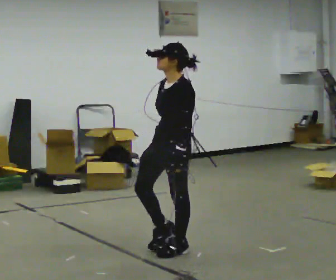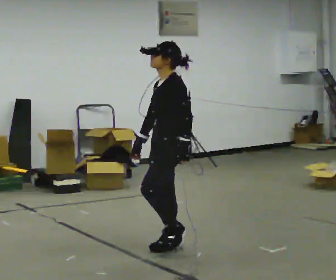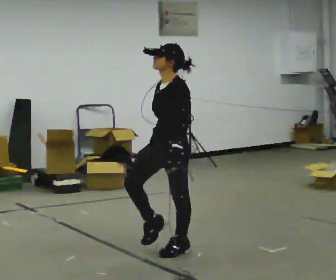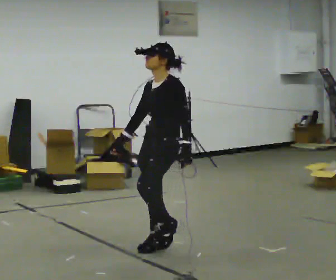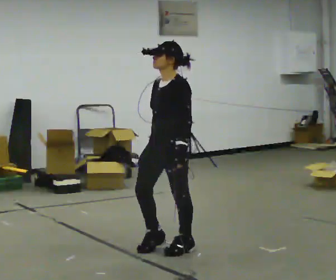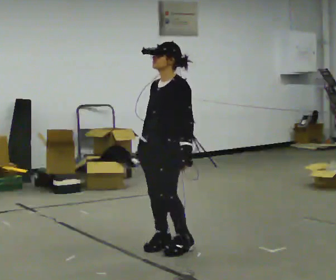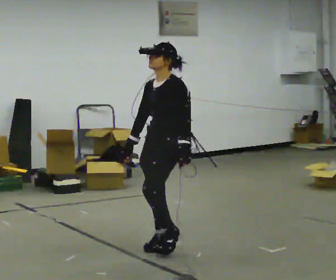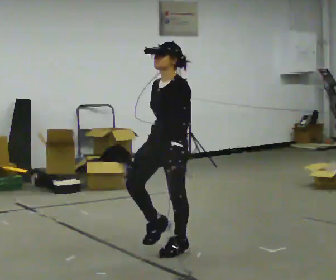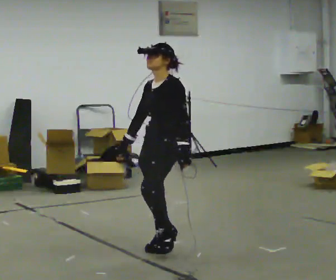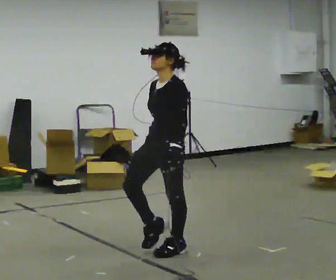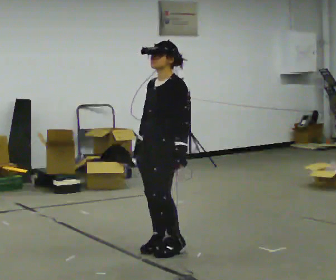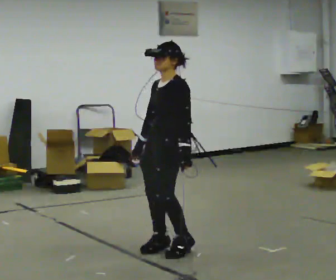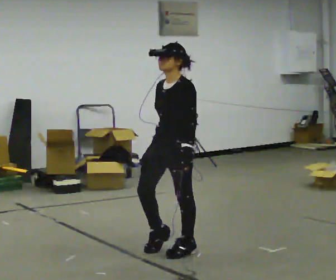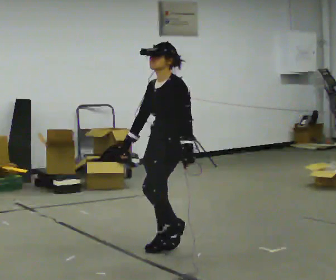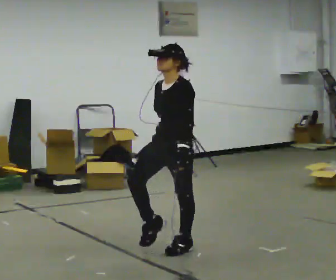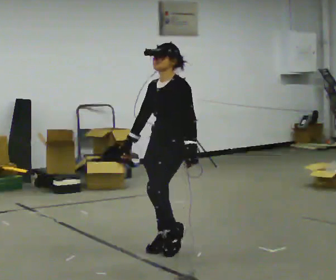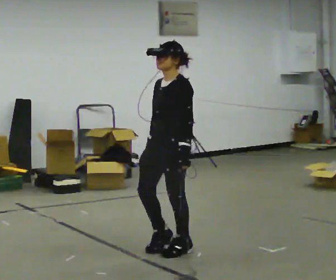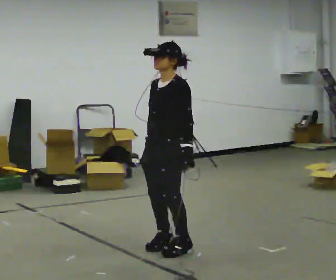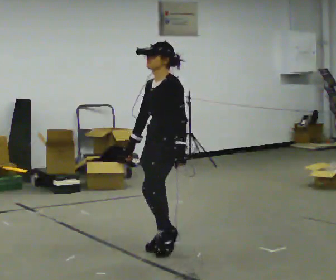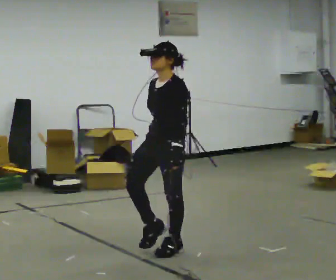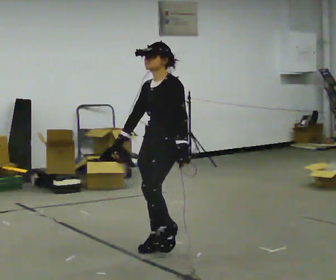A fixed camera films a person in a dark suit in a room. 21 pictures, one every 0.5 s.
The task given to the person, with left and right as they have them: March in place at a comfortable rhythm without moving forward; stop.
0.0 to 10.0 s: In the picture their right hand goes to the left.
The film runs forward here.
